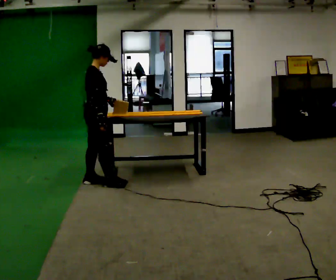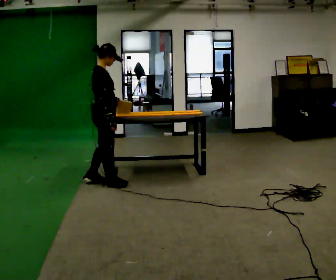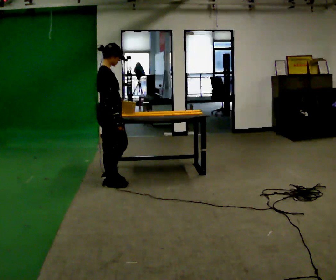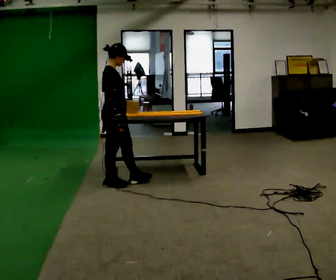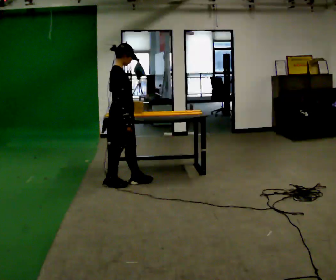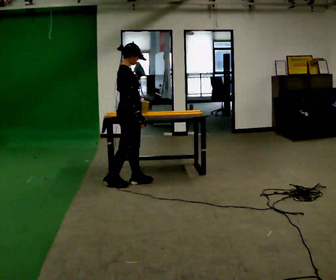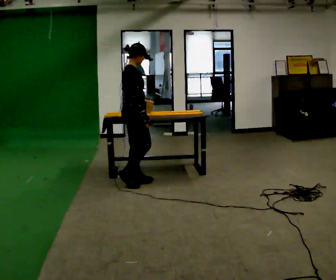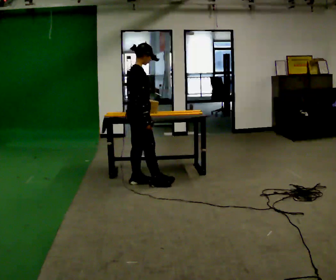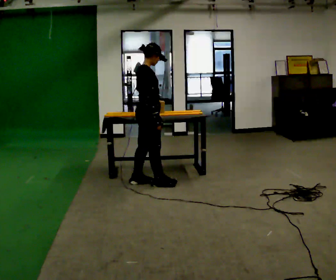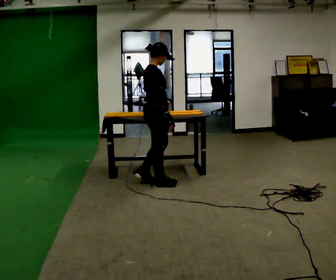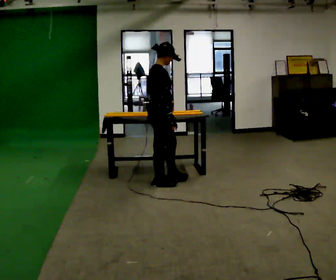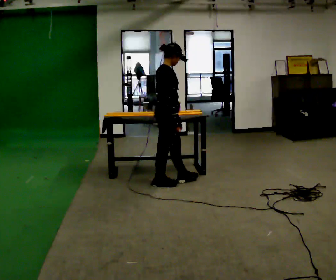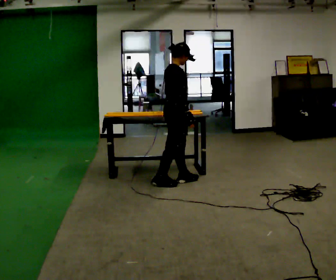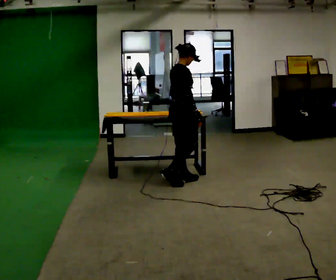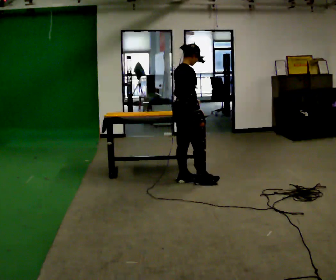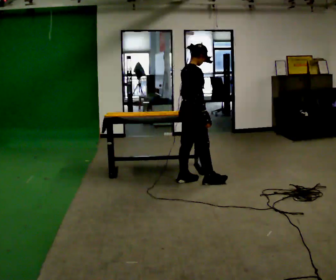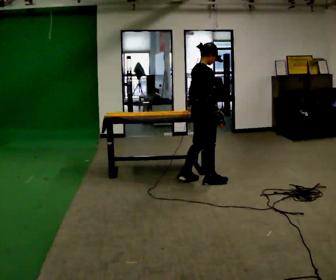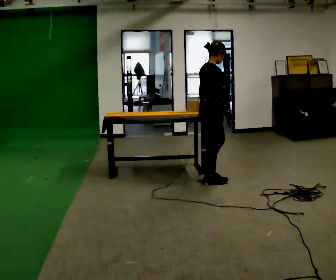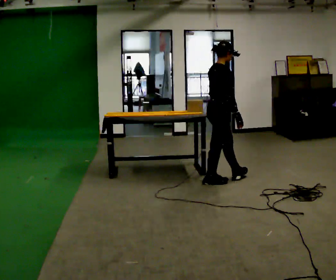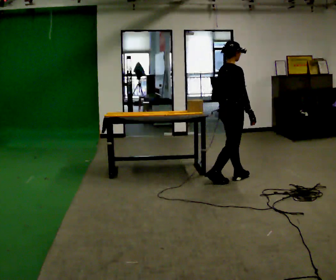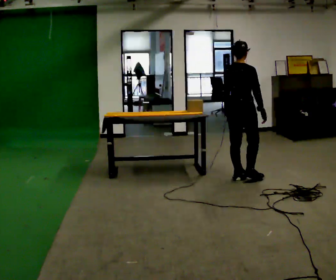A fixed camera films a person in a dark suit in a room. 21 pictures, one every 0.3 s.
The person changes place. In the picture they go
to the right.
0.0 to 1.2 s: In the picture they go to the right, about 0.25 m in 1 step, which for them is forward.
1.2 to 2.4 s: In the picture they go to the right, about 0.25 m in 1 step, which for them is forward.
2.4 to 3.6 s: In the picture they go to the right, about 0.25 m in 1 step, which for them is forward.
3.6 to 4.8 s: In the picture they go to the right, about 0.25 m in 1 step, which for them is forward.
4.8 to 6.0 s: Seen from above the body turns counterclockwise, about 45 degrees: to their left, with its near side sliding to the right. In the picture they go to the right, about 0.5 m in 1 step, which for them is forward.
The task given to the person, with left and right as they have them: Carry the object across the room and slide it into the slot on the shelf. It is a close fit, so take the time you need. Keep going until the operator says stop; one object at a time, and do not rush between trips.
The film runs forward here.
